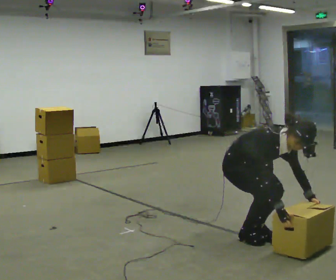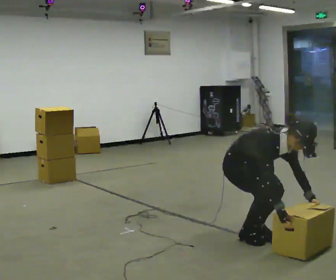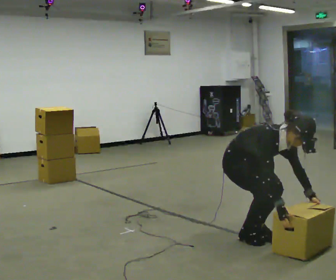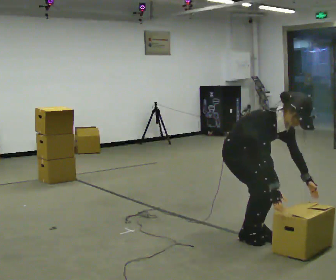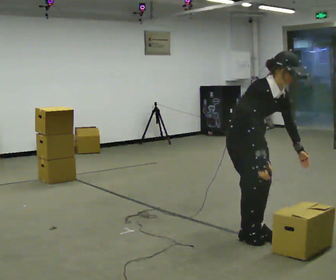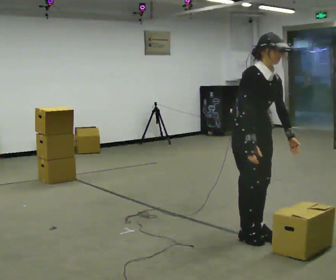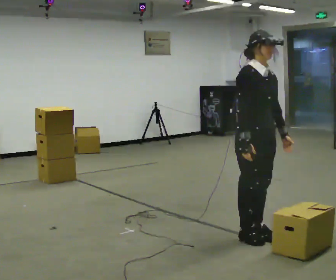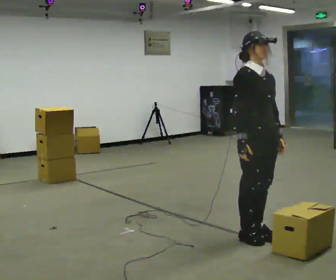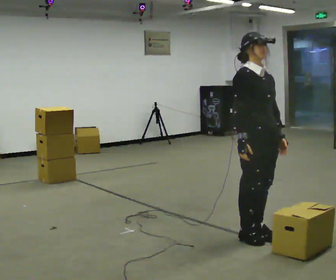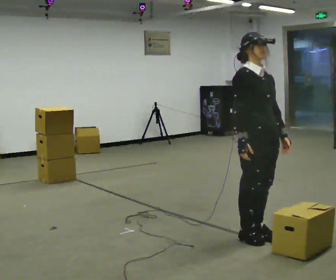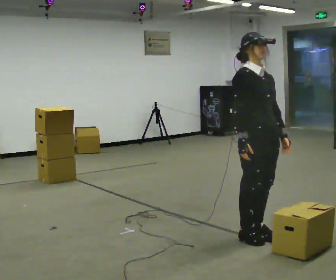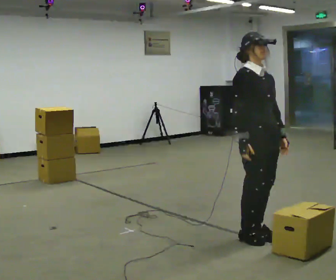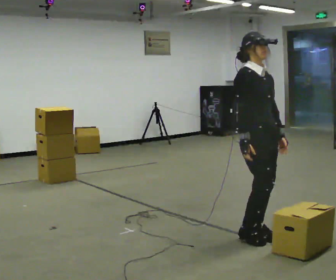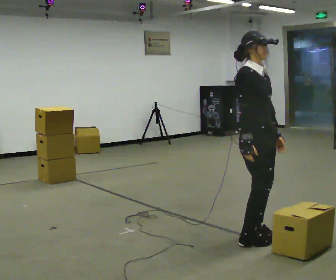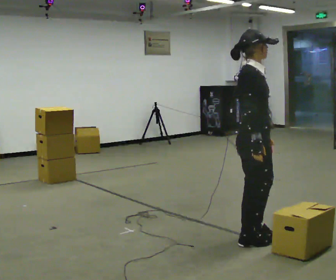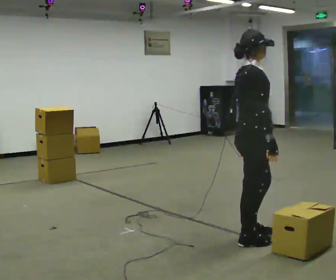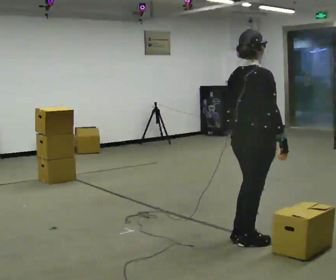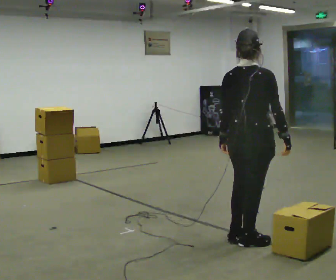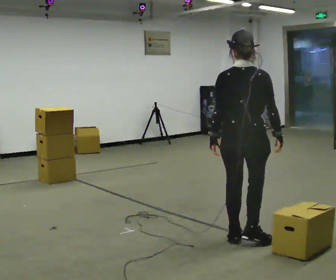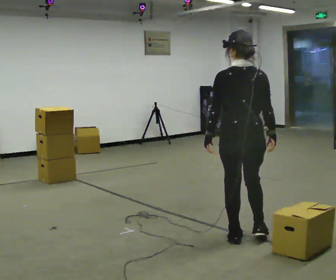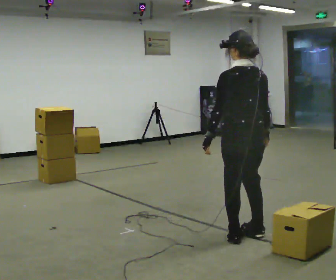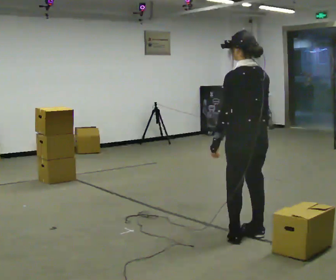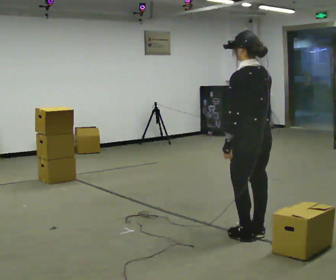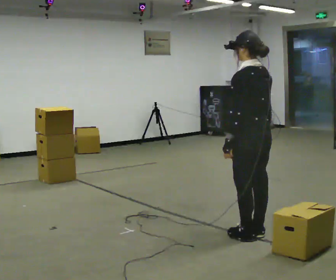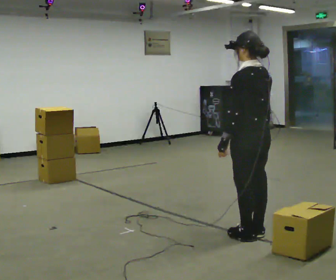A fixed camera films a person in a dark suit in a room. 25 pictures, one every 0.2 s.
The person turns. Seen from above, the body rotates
counterclockwise.
The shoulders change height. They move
upward.
0.0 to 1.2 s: The shoulders move upward. In the picture the upper body tilts counterclockwise, shoulders to the left, as they lean back or straighten. In the picture their left hand goes upward.
1.2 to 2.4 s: The person moves a little, or ends about where they began.
2.4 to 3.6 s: Seen from above the body turns counterclockwise, about 120 degrees: to their left, with its near side sliding to the right.
3.6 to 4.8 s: Seen from above the body turns counterclockwise, about 60 degrees: to their left, with its near side sliding to the right.
The film runs forward here.
